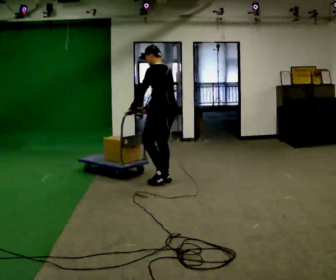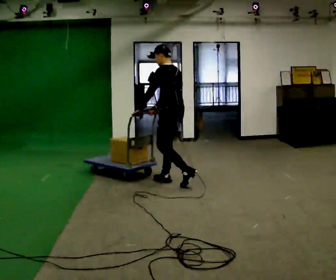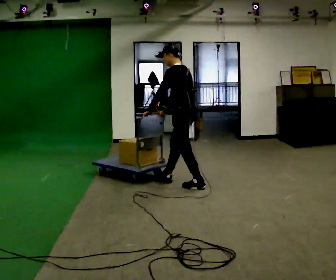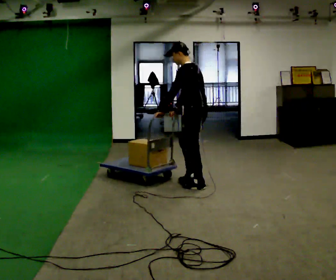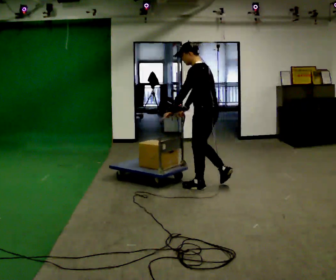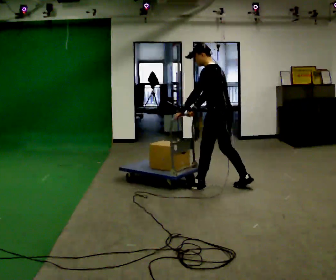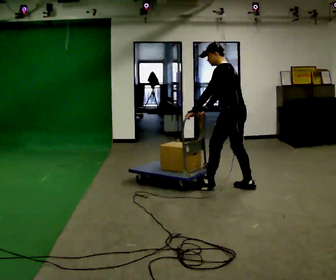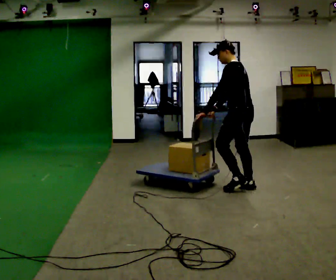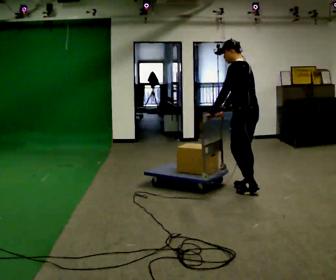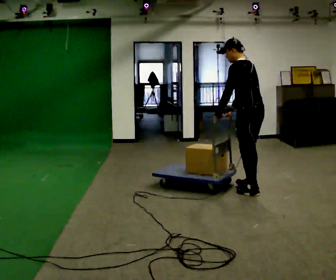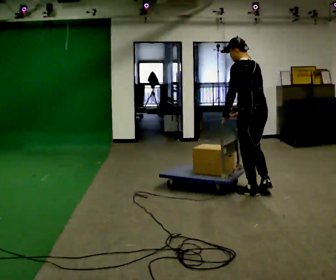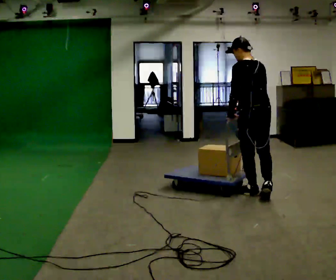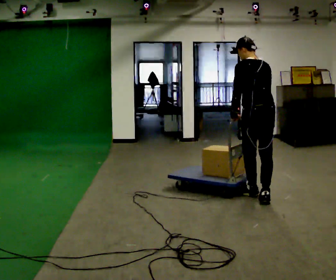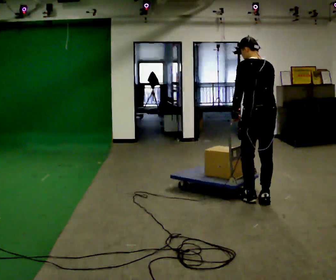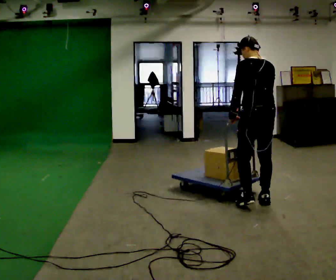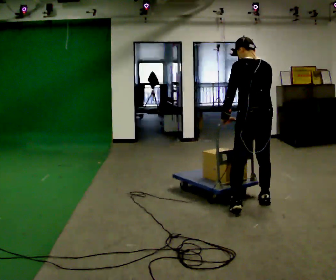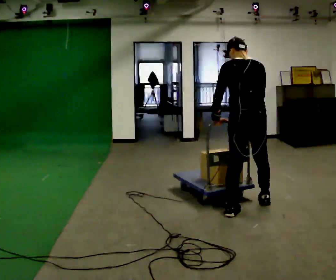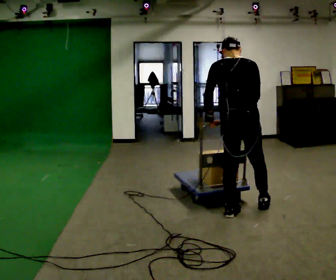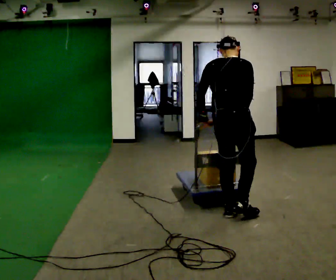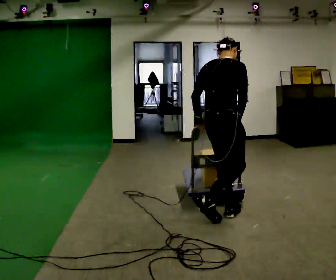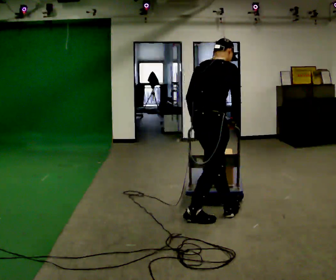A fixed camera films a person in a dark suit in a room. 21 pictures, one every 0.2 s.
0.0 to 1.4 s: In the picture they go to the right, about 1 m in 2 steps, which for them is backward.
1.4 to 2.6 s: Seen from above the body turns clockwise, about 45 degrees: to their right, with its near side sliding to the left. In the picture they go toward the camera and to the right, about 0.5 m in 2 steps, which for them is backward and to their left.
2.6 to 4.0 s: Seen from above the body turns clockwise, about 75 degrees: to their right, with its near side sliding to the left. In the picture they go toward the camera and to the left, about 0.75 m in 1 step.
The film runs backward here.
